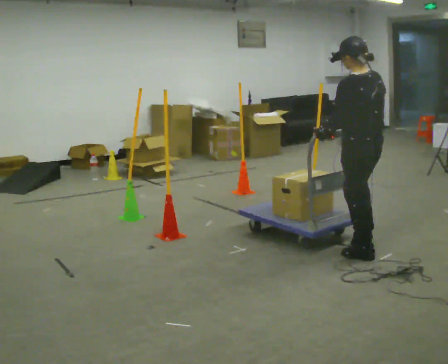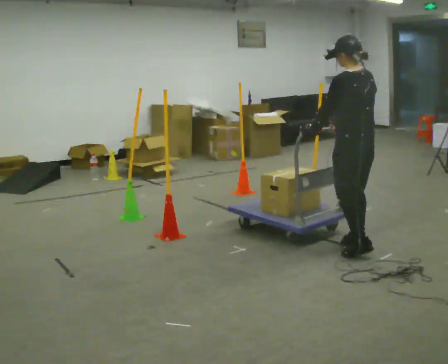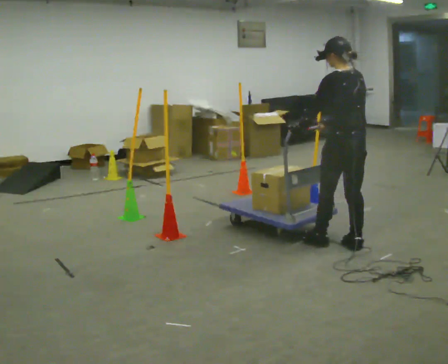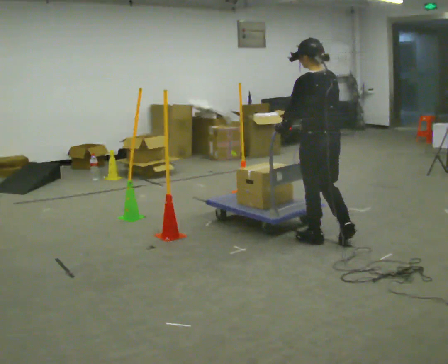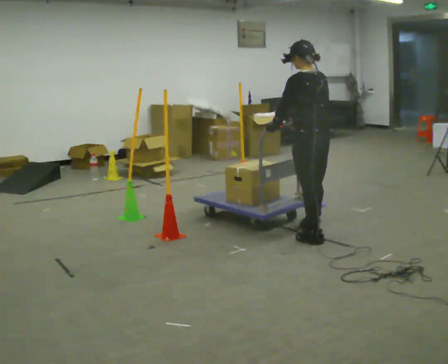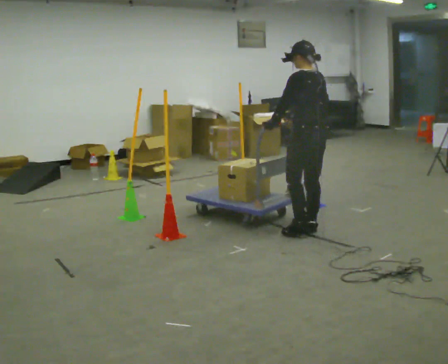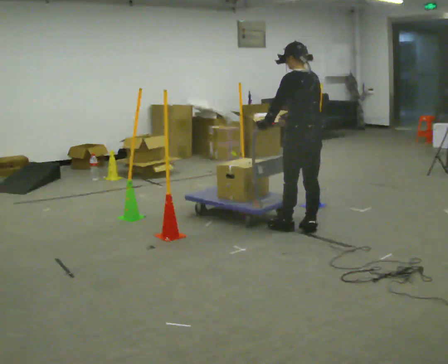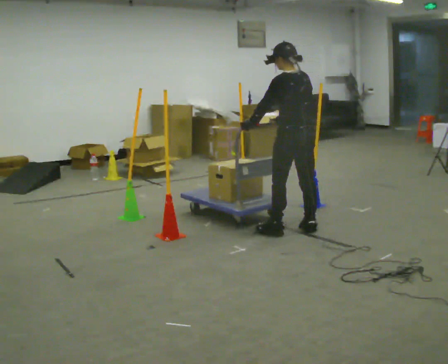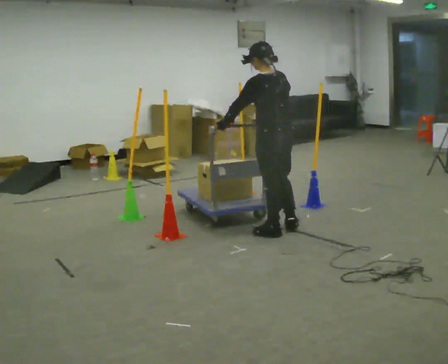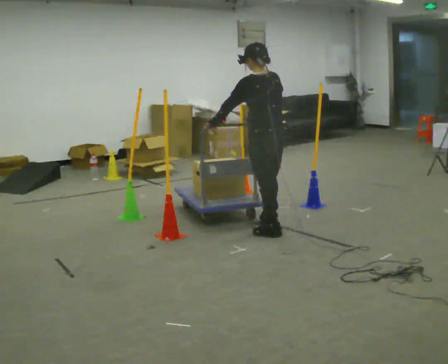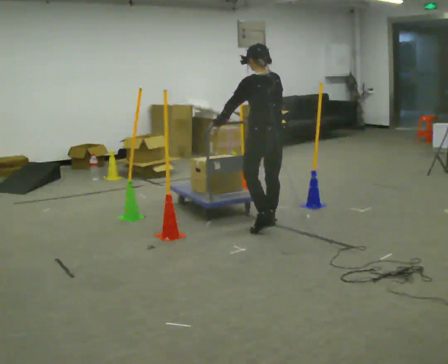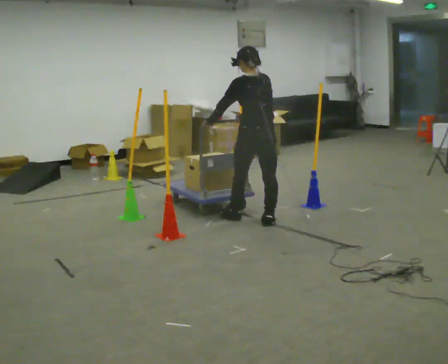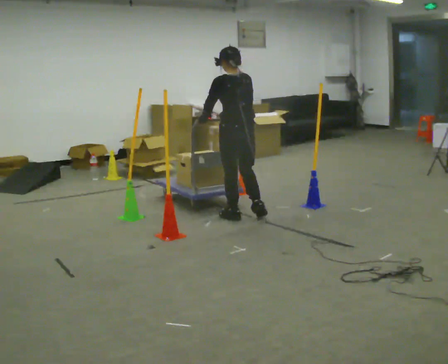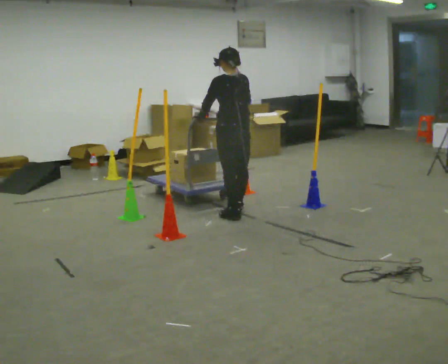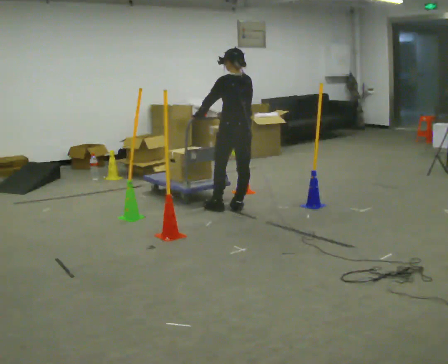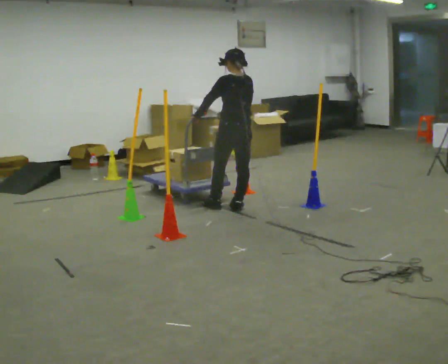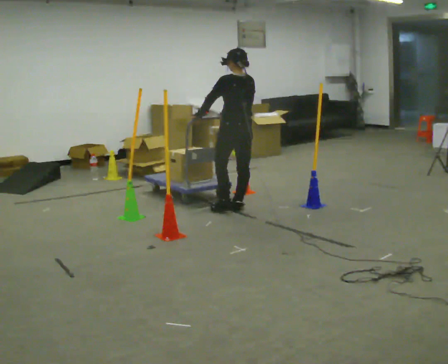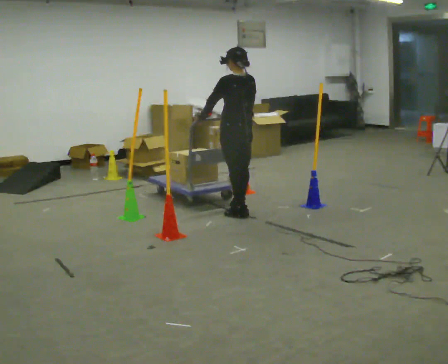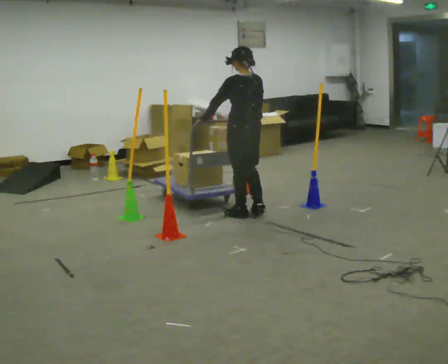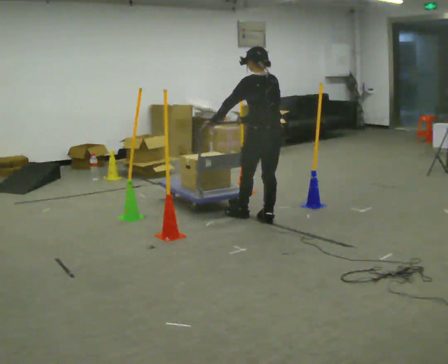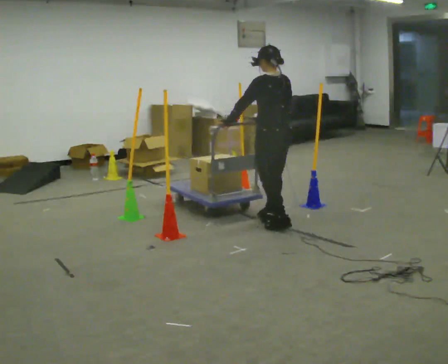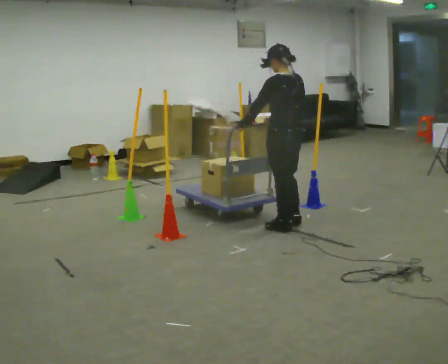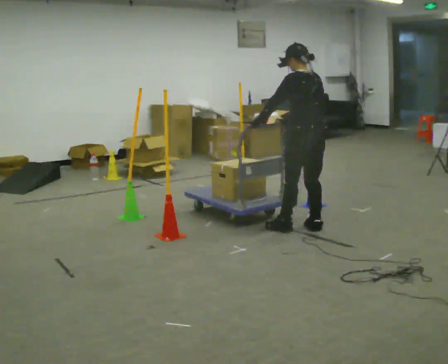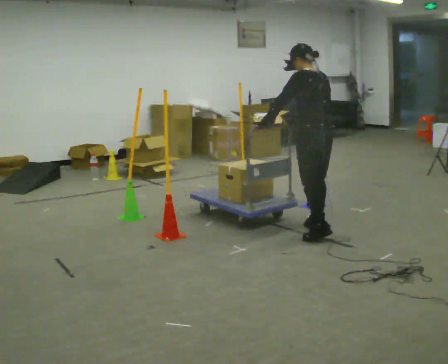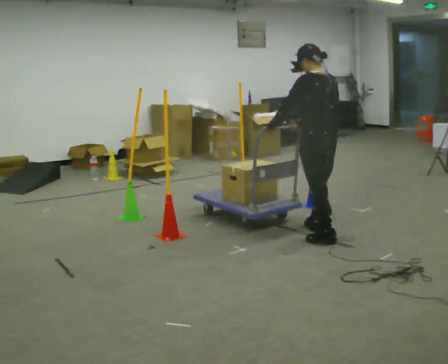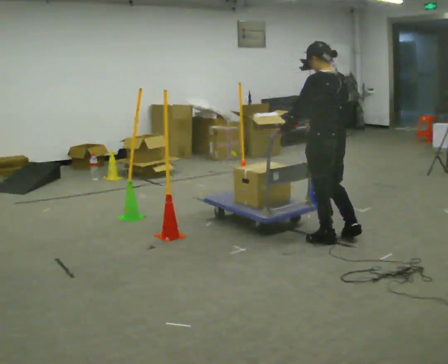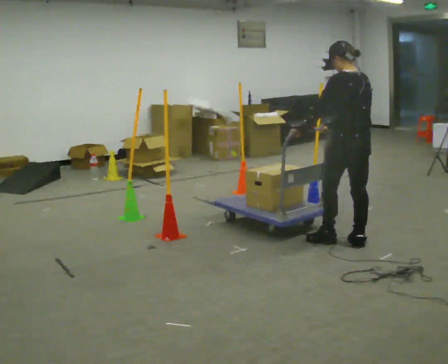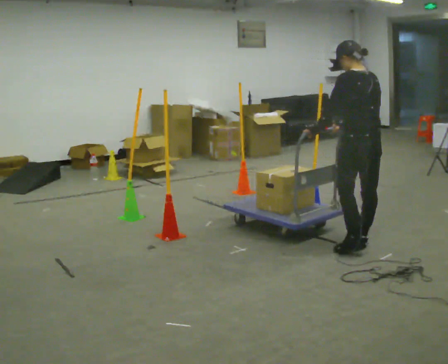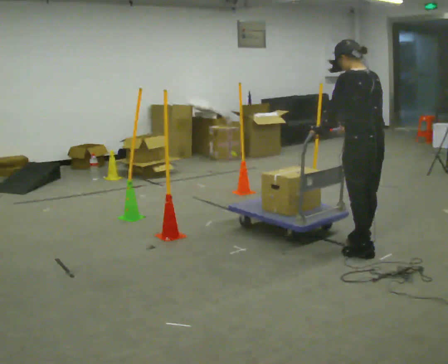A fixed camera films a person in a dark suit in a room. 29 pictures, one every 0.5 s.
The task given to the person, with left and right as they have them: Push the cart in and out of the line of poles without touching any of them. Keep going until the operator says stop.
0.0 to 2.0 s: In the picture they go away from the camera and to the left, about 0.5 m in 2 steps, which for them is forward.
2.0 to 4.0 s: In the picture they go to the left, about 0.25 m in 1 step, which for them is forward and to their left.
4.0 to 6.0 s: In the picture they go away from the camera and to the left, about 0.5 m in 2 steps, which for them is forward.
6.0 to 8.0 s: In the picture they go away from the camera, about 0.25 m in 2 steps, which for them is forward and to their right.
8.0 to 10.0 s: In the picture they go toward the camera and to the right, about 0.5 m in 3 steps, which for them is backward.
10.0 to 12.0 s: In the picture they go toward the camera and to the right, about 0.5 m in 2 steps, which for them is backward.
12.0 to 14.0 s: In the picture they go toward the camera and to the right, about 0.5 m in 2 steps, which for them is backward.
The film runs forward here.
